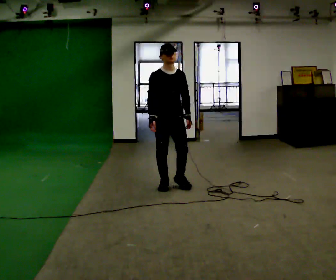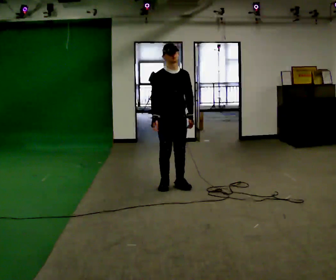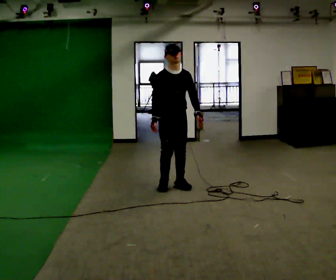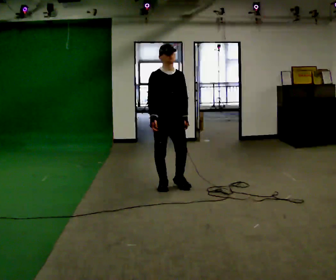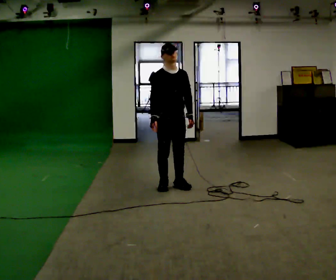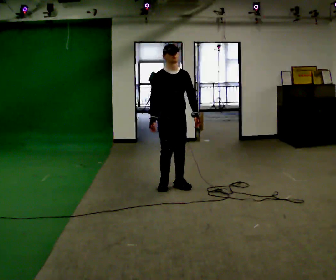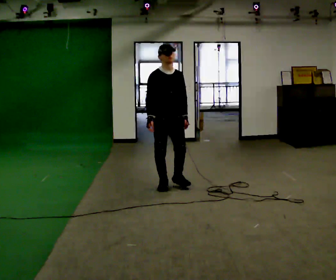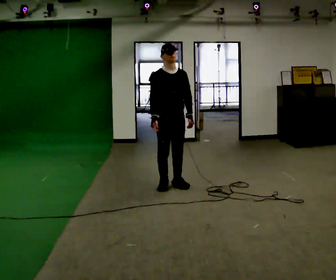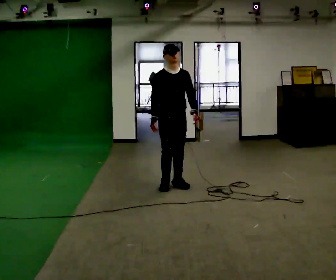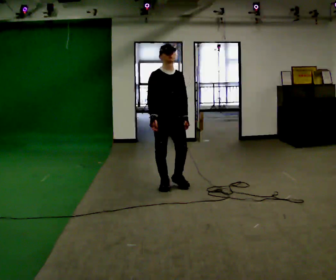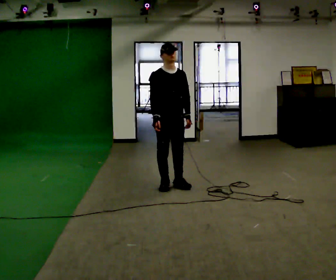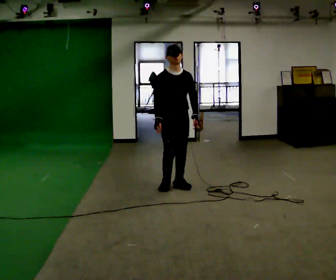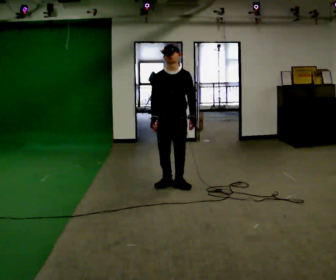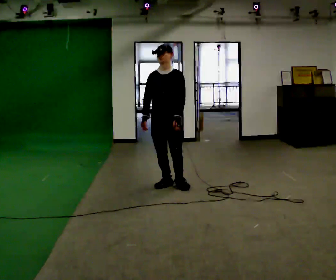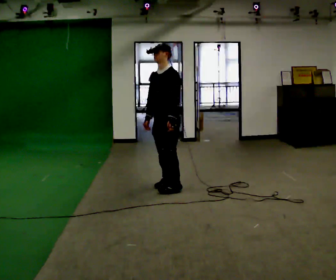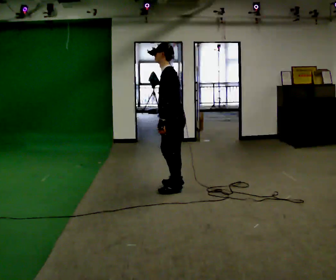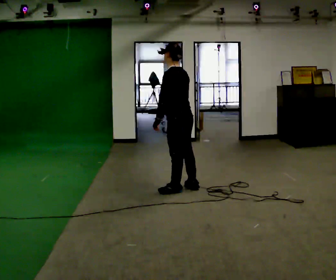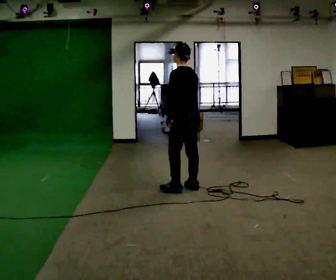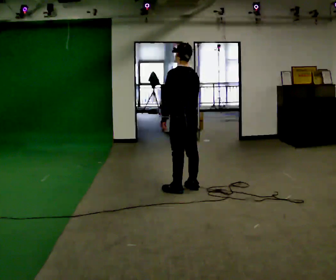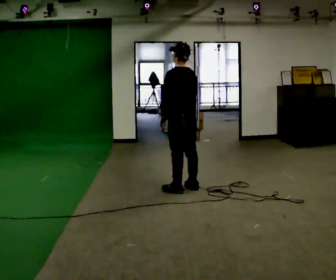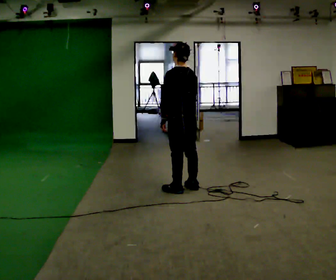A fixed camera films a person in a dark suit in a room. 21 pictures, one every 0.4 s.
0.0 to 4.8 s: The person moves a little, or ends about where they began.
4.8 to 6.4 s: The part of the body nearest the lens slides to the left as the person turns to their right by about 120 degrees. In the picture they go toward the camera, about 0.25 m in 2 steps. In the picture their left hand goes to the left.
6.4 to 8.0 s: The person moves a little, or ends about where they began.
The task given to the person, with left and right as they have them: March in place at a comfortable rhythm without moving forward; stop.
The film runs forward here.
